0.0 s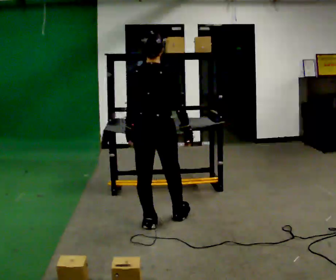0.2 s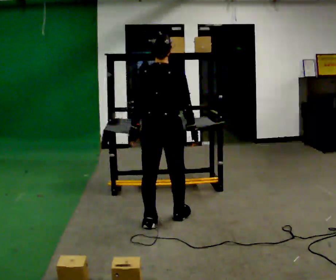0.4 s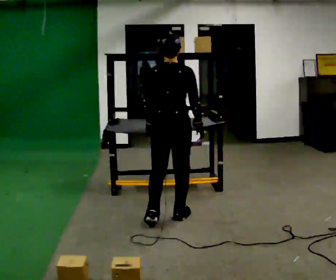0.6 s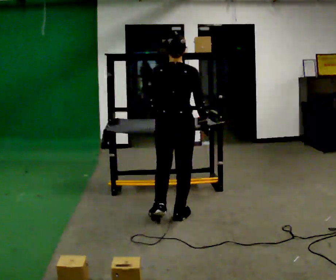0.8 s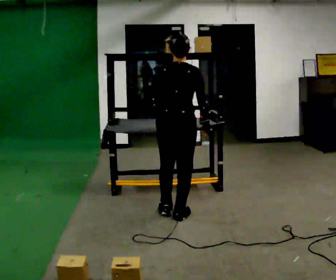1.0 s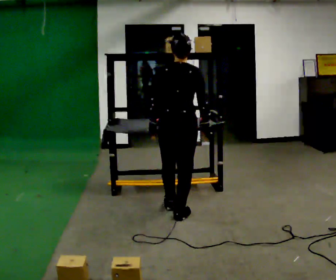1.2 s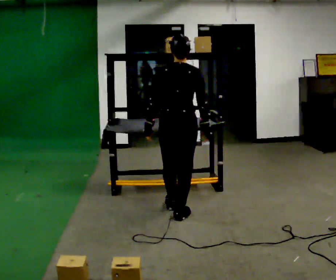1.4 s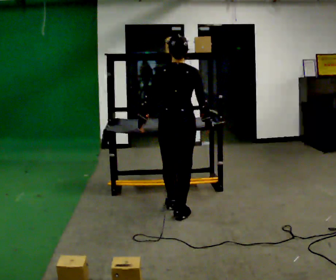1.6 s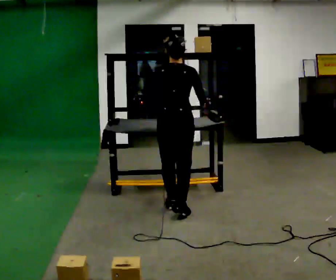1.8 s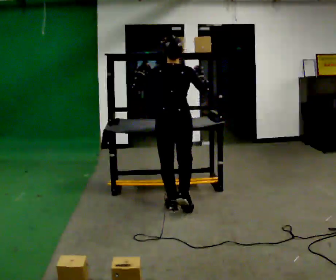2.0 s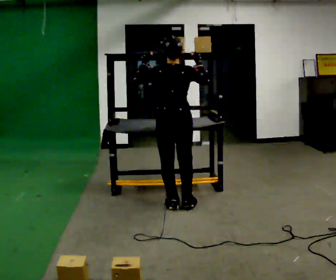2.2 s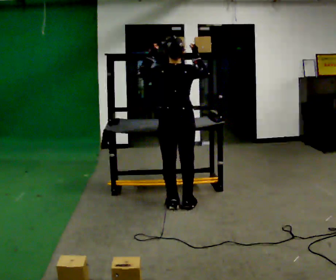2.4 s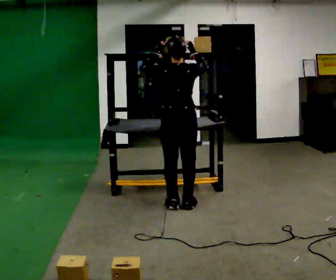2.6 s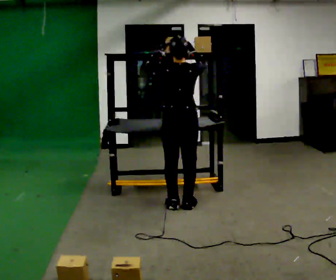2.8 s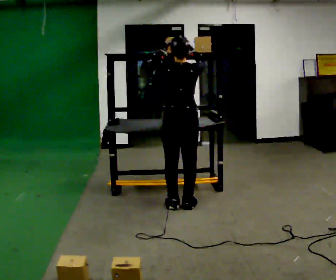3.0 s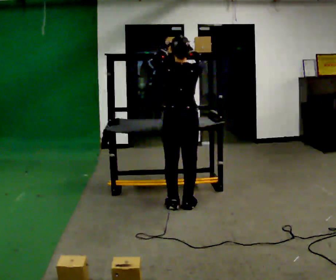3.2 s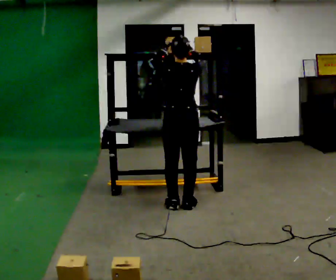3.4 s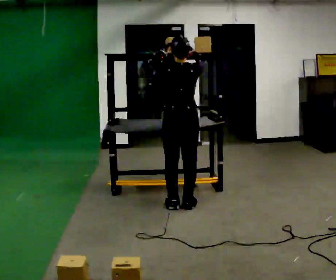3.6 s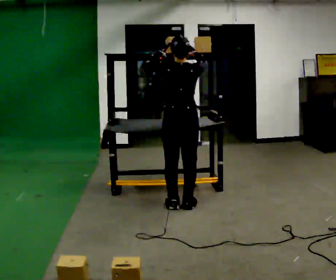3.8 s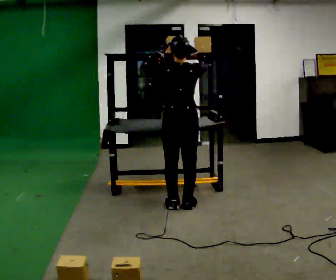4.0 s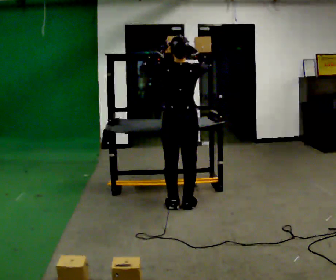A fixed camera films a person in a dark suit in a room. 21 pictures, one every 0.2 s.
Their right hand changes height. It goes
upward.
Their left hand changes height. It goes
upward.
0.0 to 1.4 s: In the picture they go away from the camera and to the right, about 0.25 m in 1 step, which for them is forward.
1.4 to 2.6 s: In the picture they go away from the camera, about 0.25 m in 1 step, which for them is forward. In the picture their right hand goes upward.
2.6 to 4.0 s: The person moves a little, or ends about where they began.
The film runs forward here.
